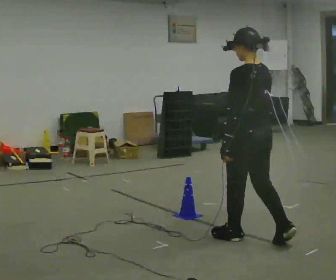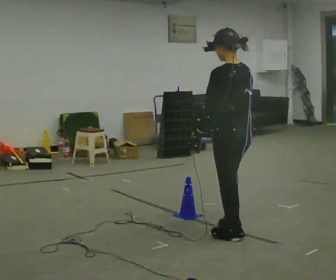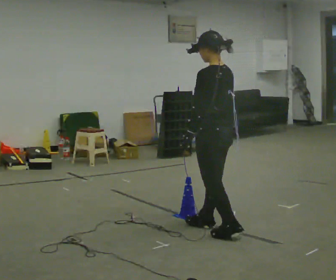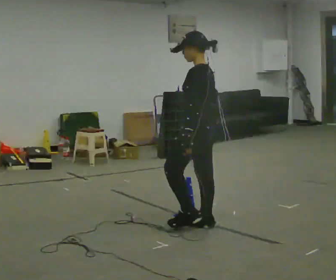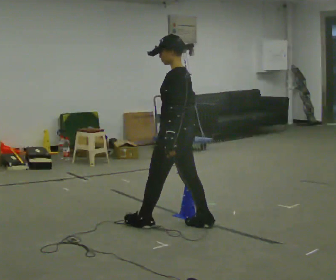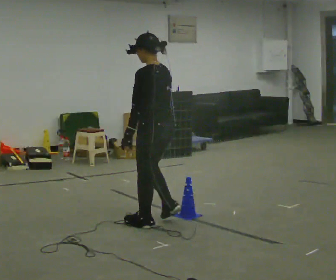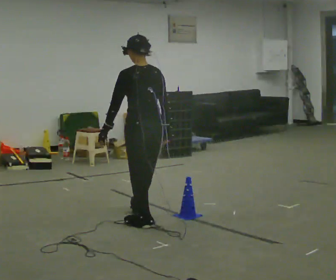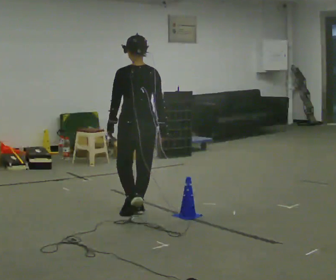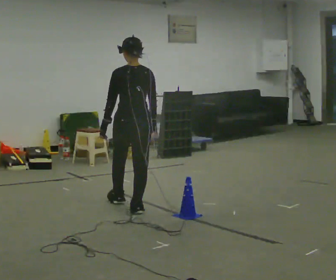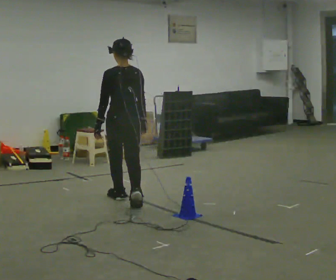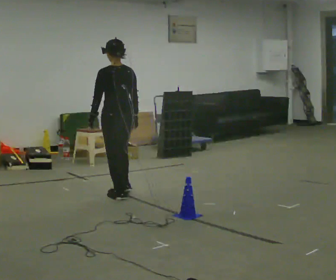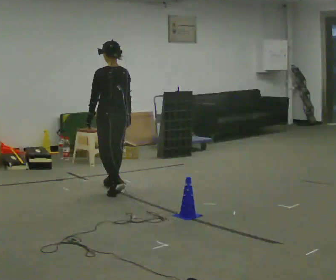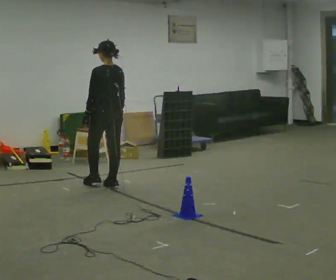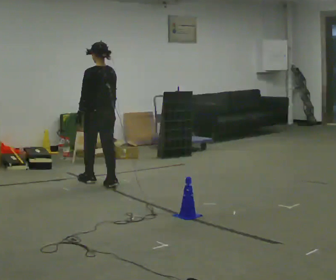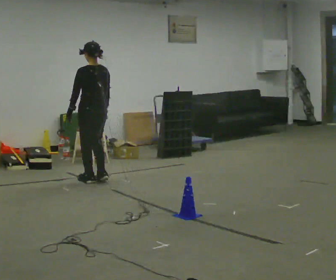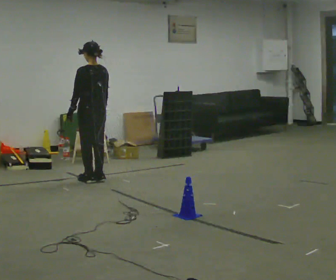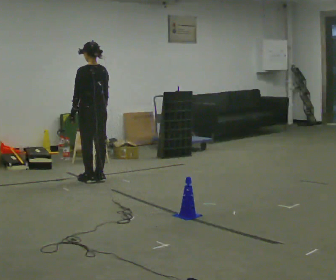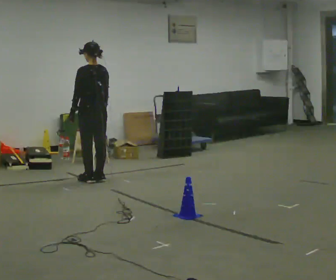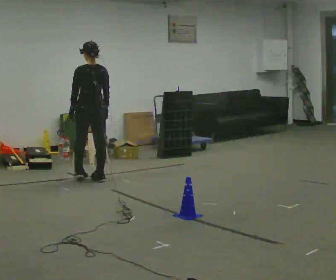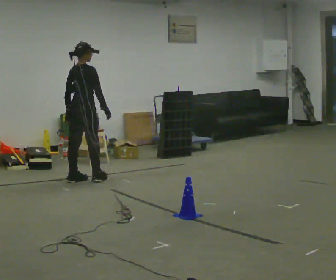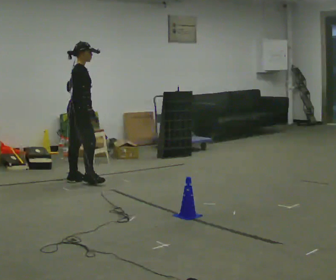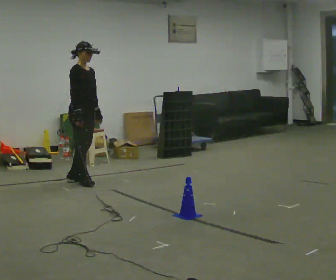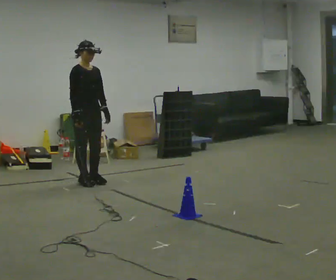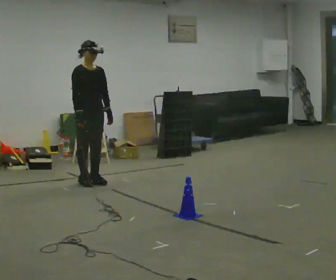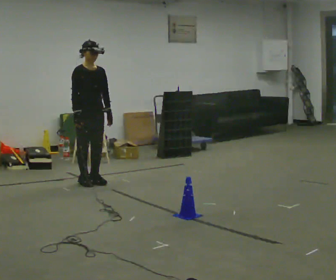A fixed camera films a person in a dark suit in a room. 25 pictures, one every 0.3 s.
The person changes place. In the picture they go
away from the camera.
0.0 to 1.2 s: The person turns about 30 degrees to their left, counterclockwise seen from above, so the part of the body nearest the lens slides to the right. In the picture they go away from the camera and to the left, about 0.75 m in 2 steps, which for them is forward.
1.2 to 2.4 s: The part of the body nearest the lens slides to the left as the person turns to their right by about 60 degrees. In the picture they go away from the camera and to the left, about 0.75 m in 1 step, which for them is forward.
2.4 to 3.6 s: In the picture they go away from the camera, about 1 m in 2 steps, which for them is forward.
3.6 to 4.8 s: In the picture they go away from the camera and to the left, about 0.25 m in 2 steps, which for them is forward.
4.8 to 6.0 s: The part of the body nearest the lens slides to the left as the person turns to their right by about 120 degrees. In the picture they go to the left, about 0.25 m in 1 step.
6.0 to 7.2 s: Seen from above the body turns clockwise, about 60 degrees: to their right, with its near side sliding to the left. In the picture their left hand goes to the right.
The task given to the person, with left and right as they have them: Walk toward obstacle; alter path to avoid it; continue toward original destination.
The film runs forward here.
